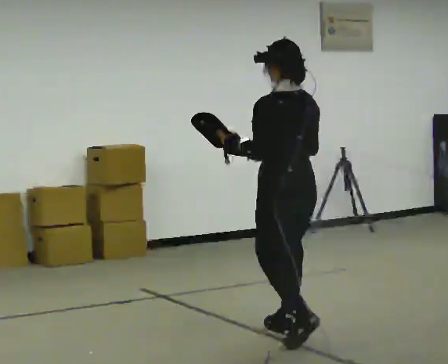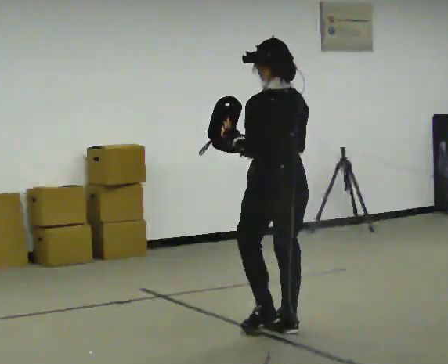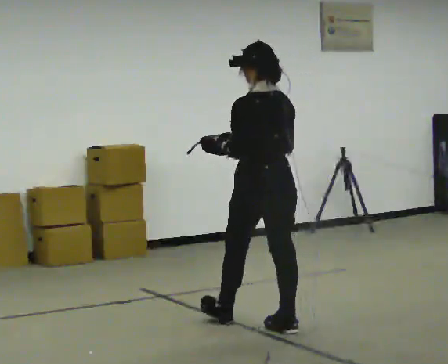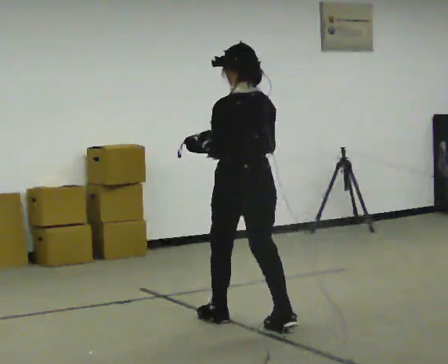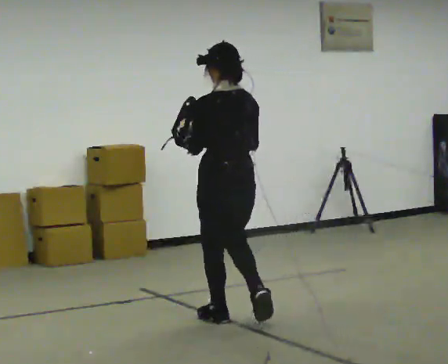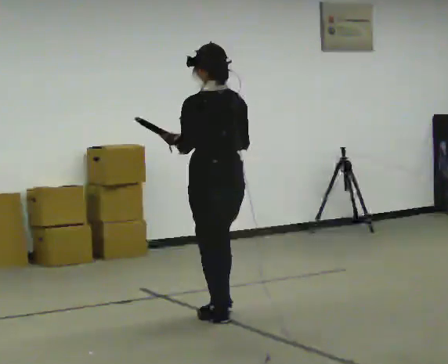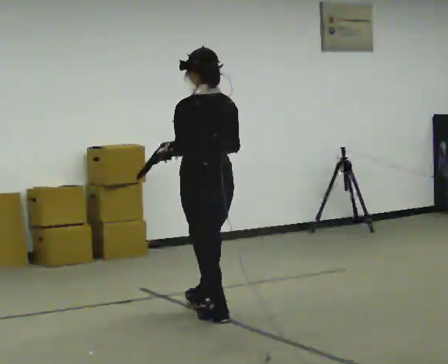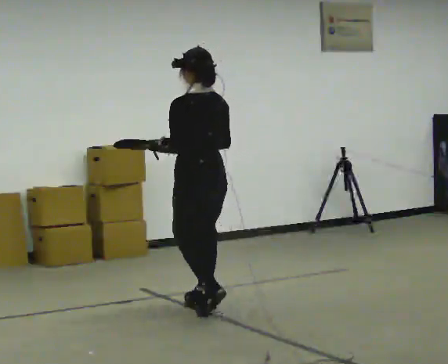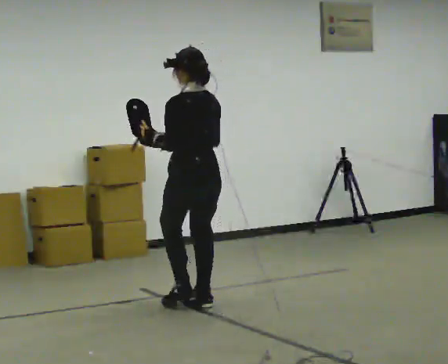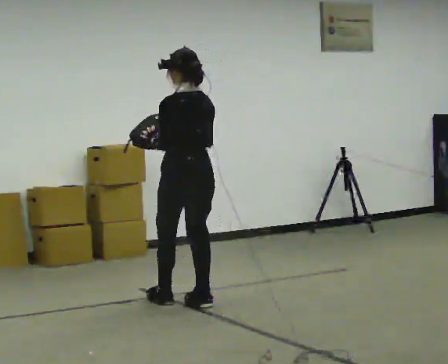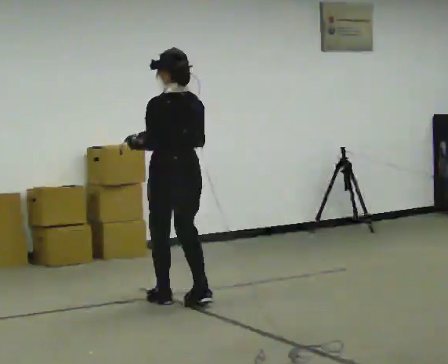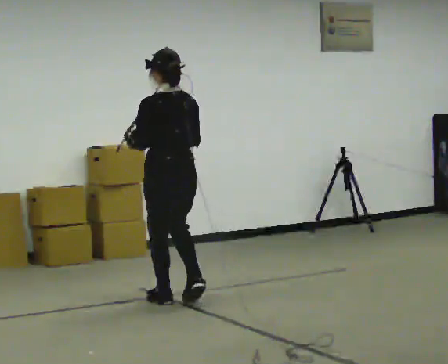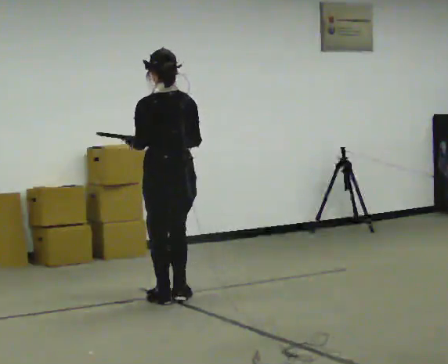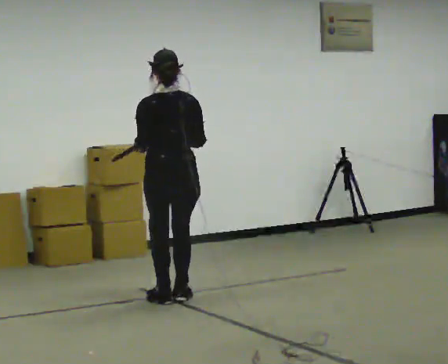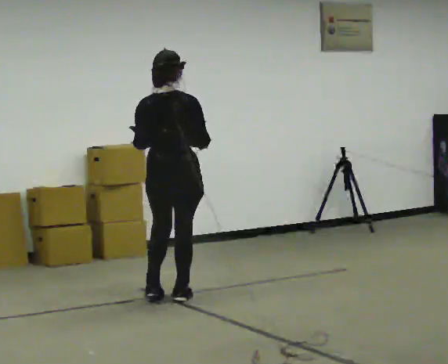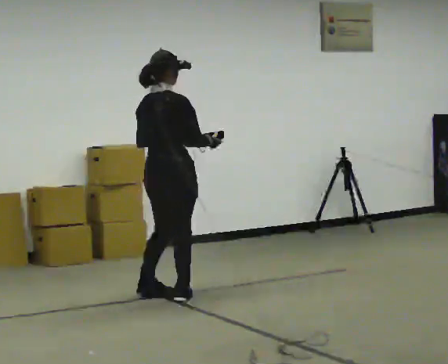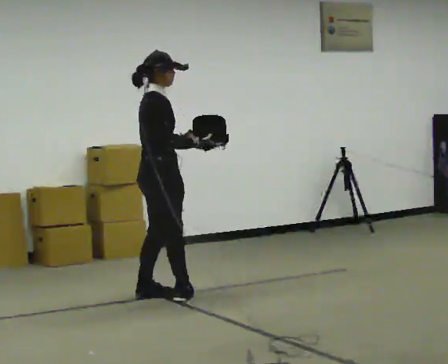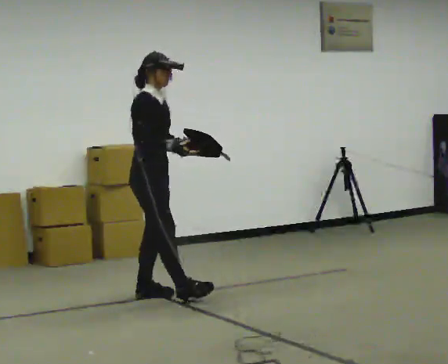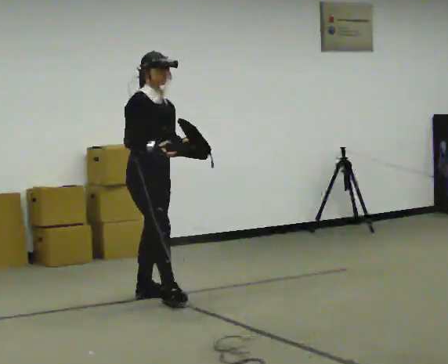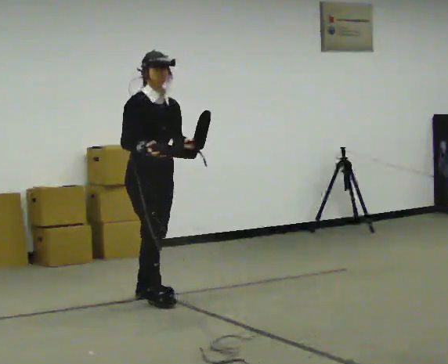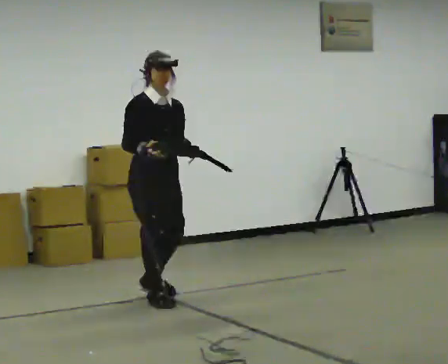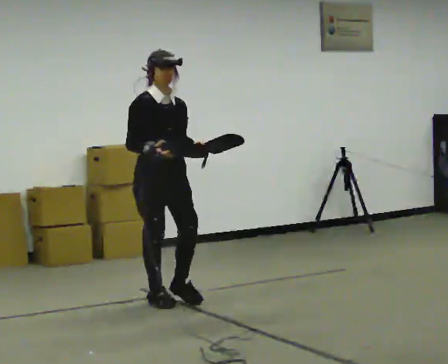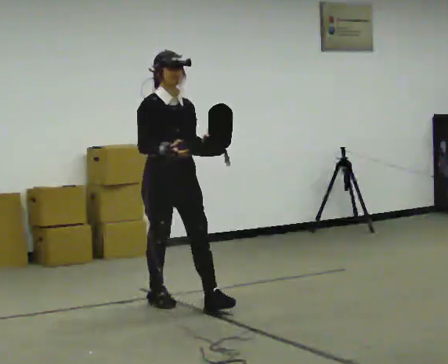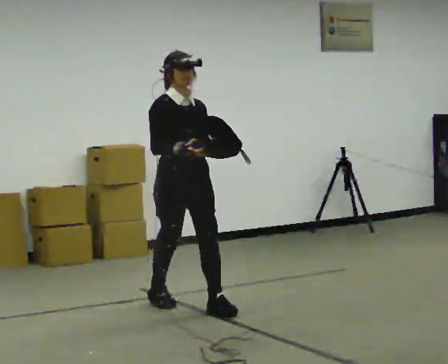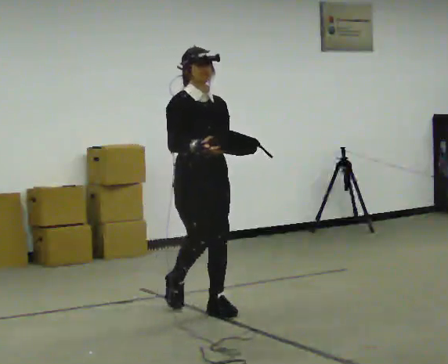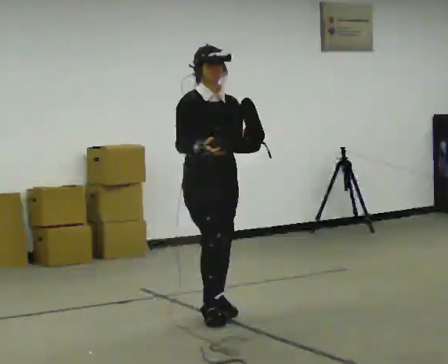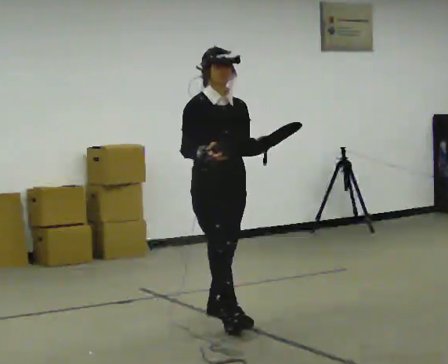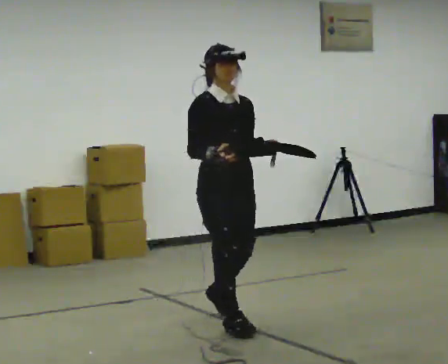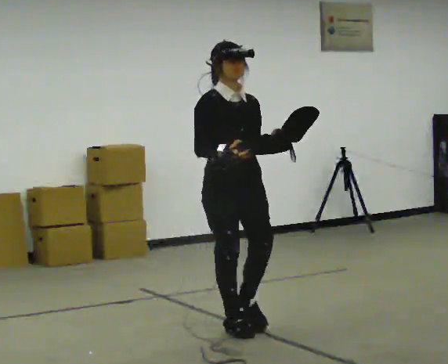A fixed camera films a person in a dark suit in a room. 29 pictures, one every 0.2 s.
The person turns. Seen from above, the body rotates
clockwise.
The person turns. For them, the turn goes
to their right.
0.0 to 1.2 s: In the picture they go away from the camera and to the left, about 1 m in 2 steps, which for them is forward.
1.2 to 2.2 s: In the picture they go away from the camera and to the left, about 0.5 m in 1 step, which for them is forward.
2.2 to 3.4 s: Seen from above the body turns clockwise, about 135 degrees: to their right, with its near side sliding to the left. In the picture they go away from the camera and to the left, about 0.25 m in 2 steps.
3.4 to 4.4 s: The person turns about 30 degrees to their right, clockwise seen from above, so the part of the body nearest the lens slides to the left. In the picture they go toward the camera and to the right, about 0.25 m in 1 step, which for them is forward.
4.4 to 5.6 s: In the picture they go toward the camera and to the right, about 1 m in 2 steps, which for them is forward.
The film runs forward here.
